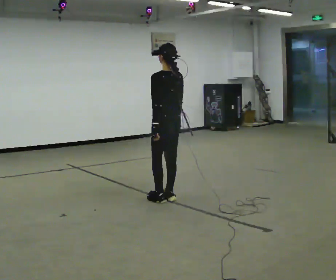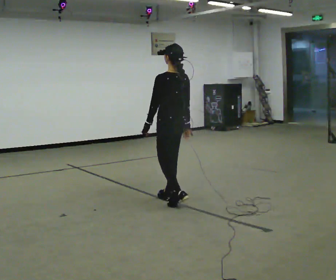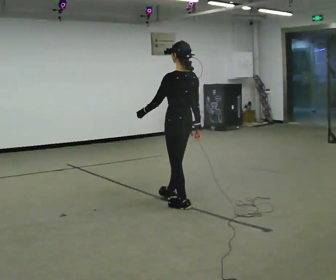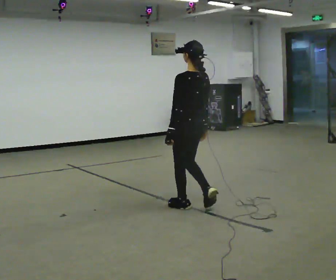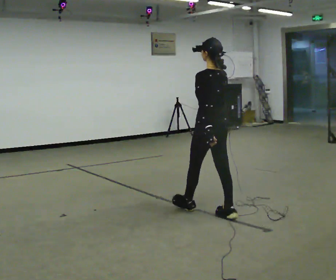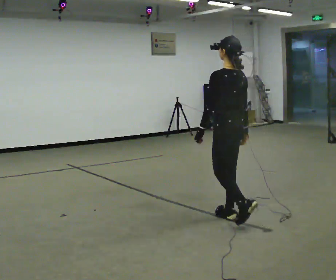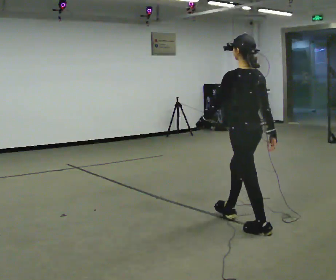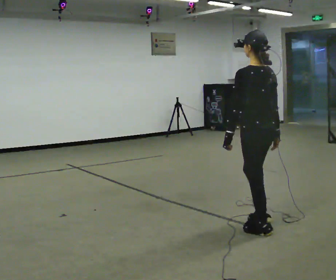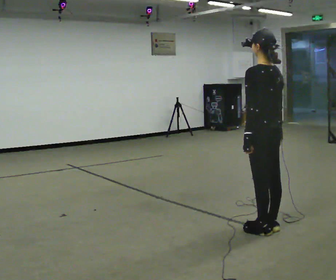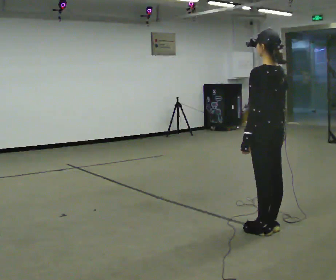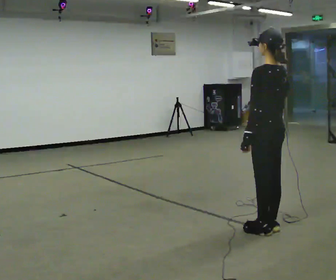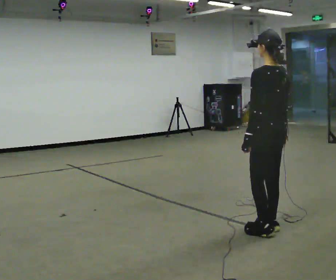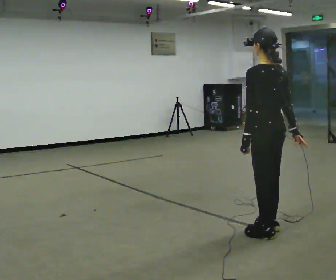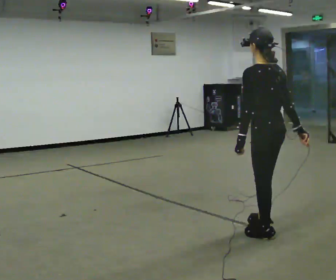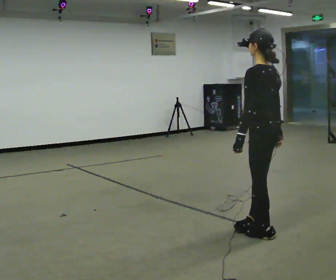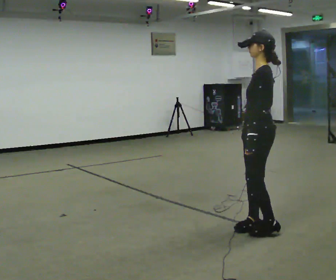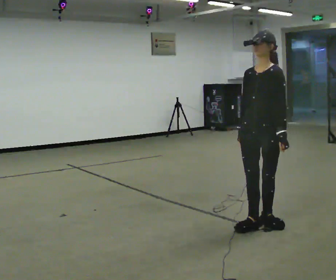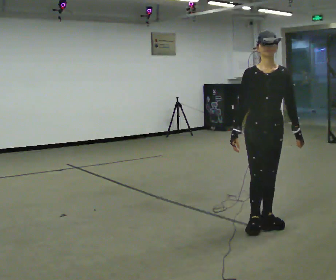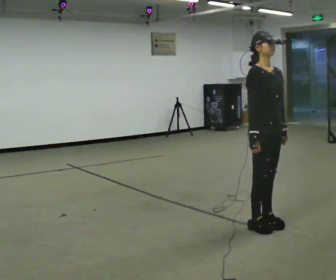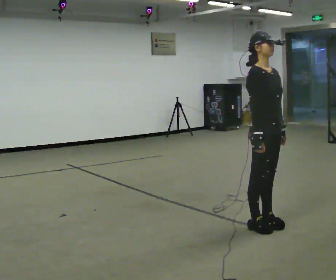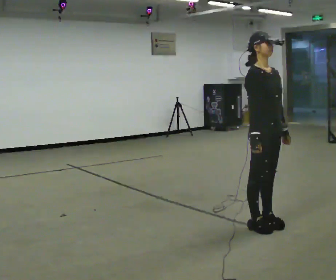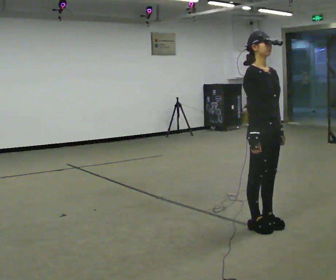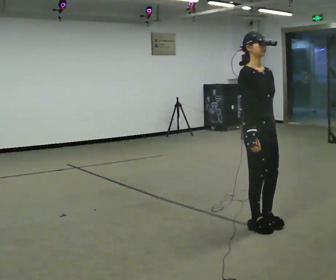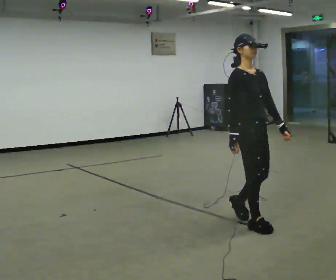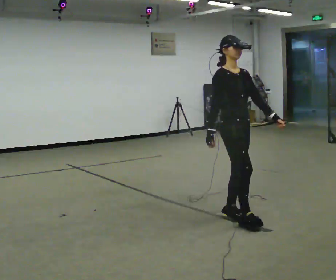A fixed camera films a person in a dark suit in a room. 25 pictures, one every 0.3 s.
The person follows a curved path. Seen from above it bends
counterclockwise.
0.0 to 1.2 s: In the picture they go toward the camera and to the right, about 0.75 m in 2 steps, which for them is backward.
1.2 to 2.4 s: In the picture they go toward the camera and to the right, about 0.75 m in 1 step, which for them is backward.
2.4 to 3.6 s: The person moves a little, or ends about where they began.
3.6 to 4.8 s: Seen from above the body turns counterclockwise, about 105 degrees: to their left, with its near side sliding to the right. In the picture their right hand goes to the left, the arm swinging clockwise.
4.8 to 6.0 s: Seen from above the body turns counterclockwise, about 90 degrees: to their left, with its near side sliding to the right.
6.0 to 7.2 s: In the picture they go away from the camera and to the left, about 0.25 m in 2 steps, which for them is backward.
The film runs backward here.
